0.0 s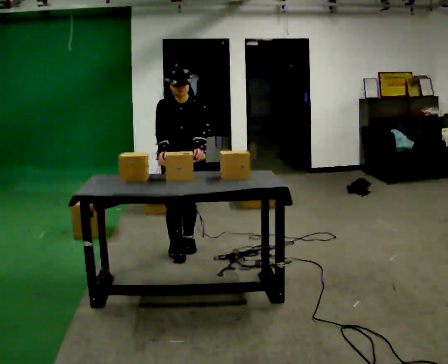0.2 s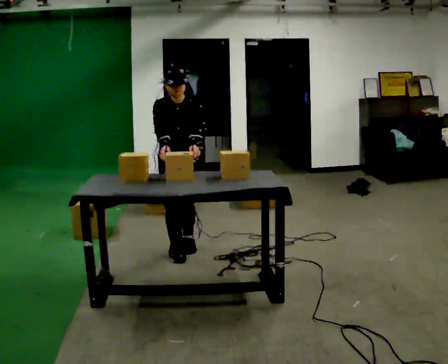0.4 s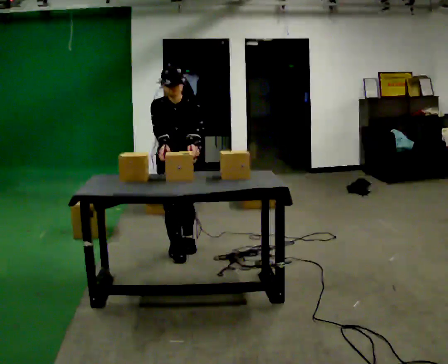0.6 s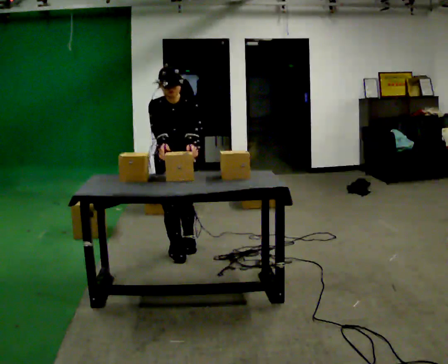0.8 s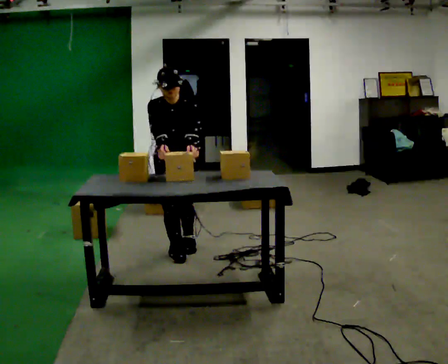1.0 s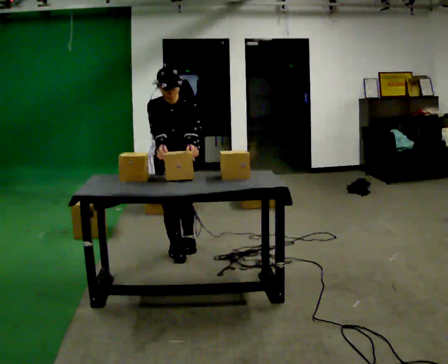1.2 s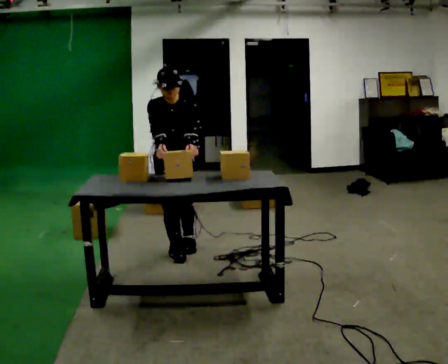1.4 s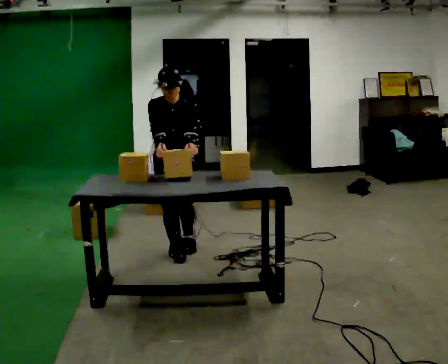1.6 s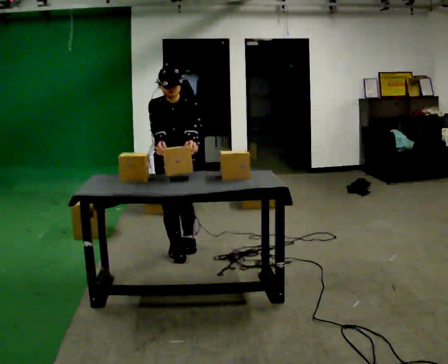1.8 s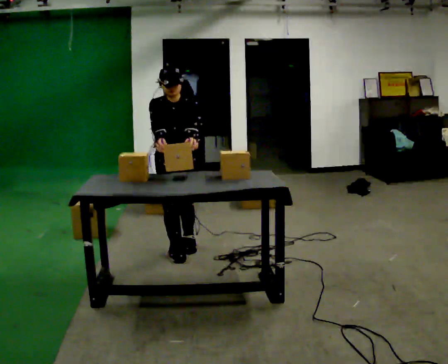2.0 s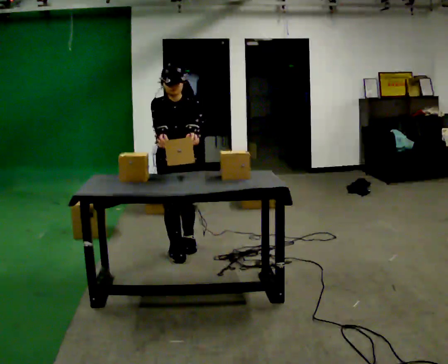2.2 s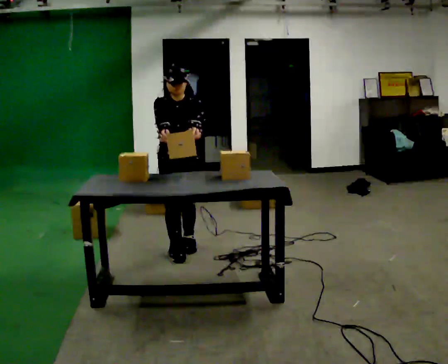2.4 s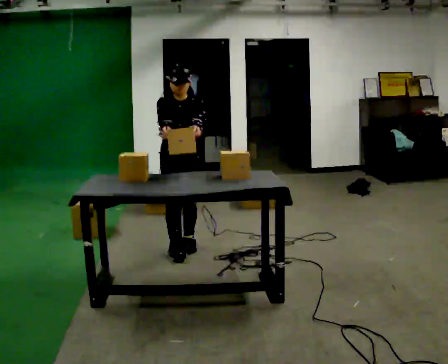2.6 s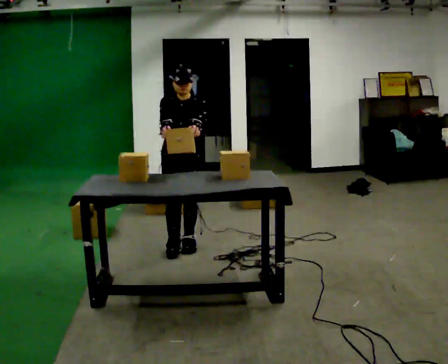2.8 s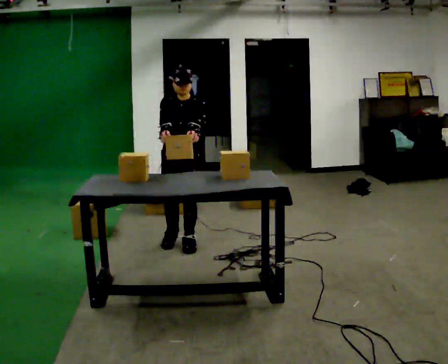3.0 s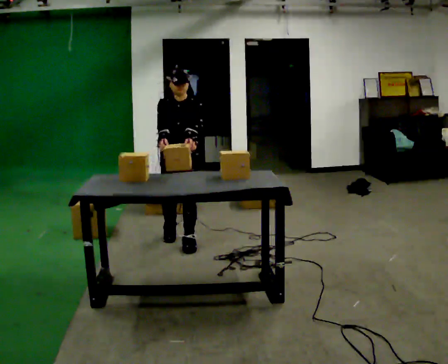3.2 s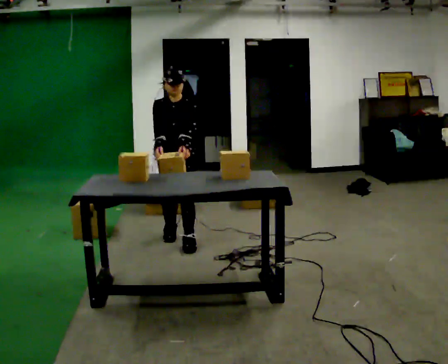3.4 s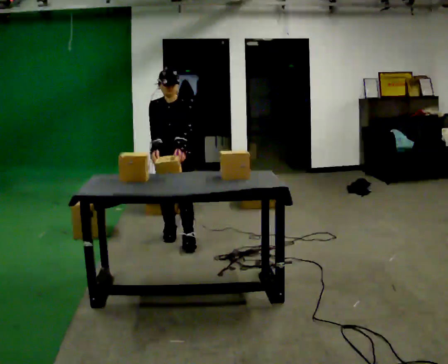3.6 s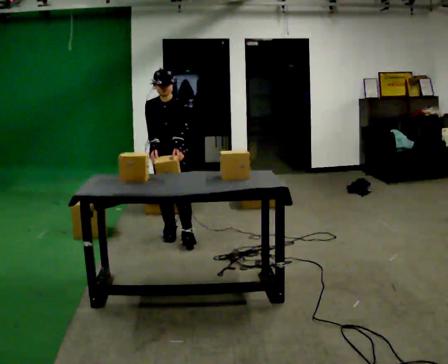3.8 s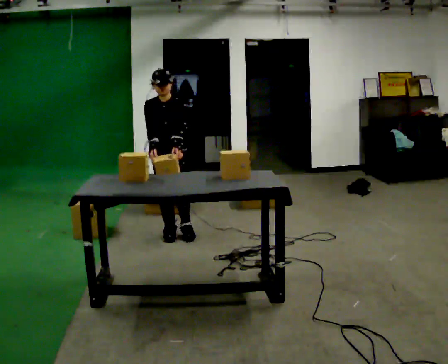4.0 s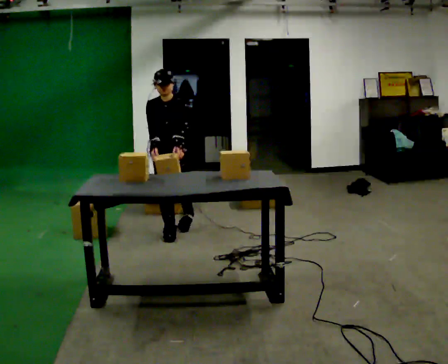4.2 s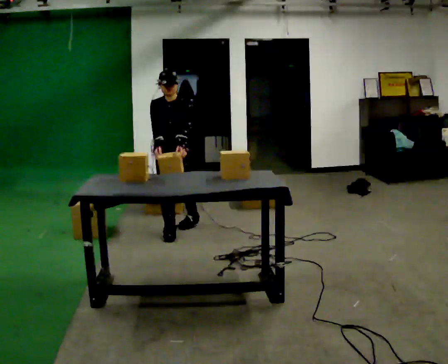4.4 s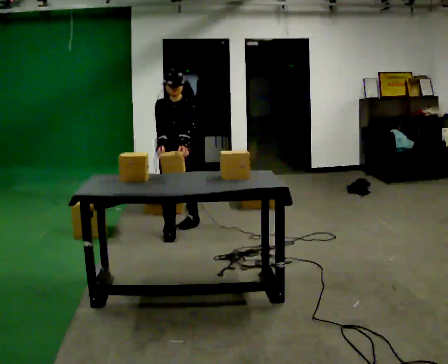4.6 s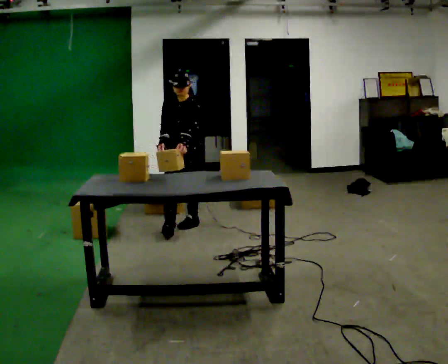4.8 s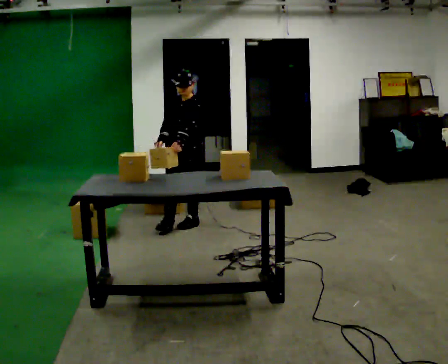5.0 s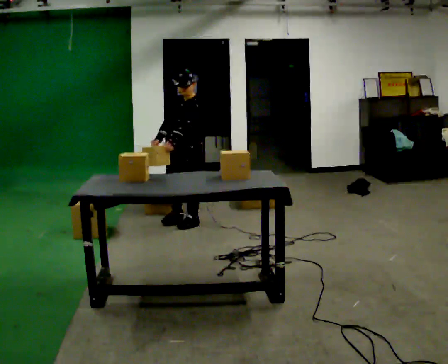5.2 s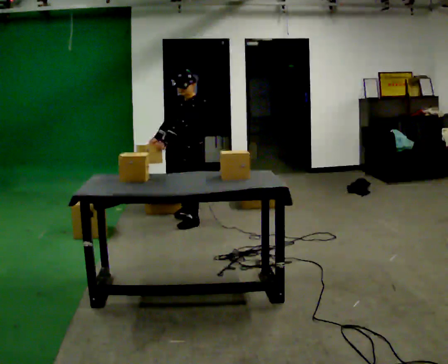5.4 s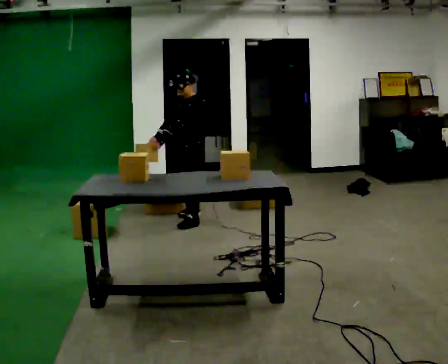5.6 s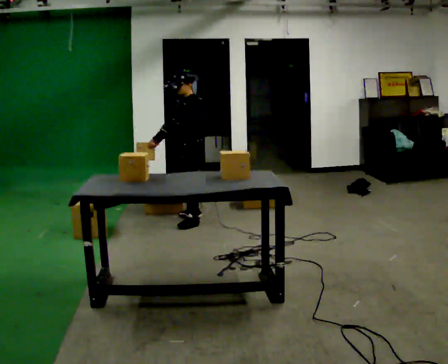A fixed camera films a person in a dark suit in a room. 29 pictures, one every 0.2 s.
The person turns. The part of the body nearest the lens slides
to the left.
The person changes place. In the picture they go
away from the camera.
0.0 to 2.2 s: The person moves a little, or ends about where they began.
2.2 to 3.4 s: In the picture they go away from the camera, about 0.25 m in 1 step, which for them is backward.
3.4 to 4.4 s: In the picture they go away from the camera, about 0.25 m in 1 step, which for them is backward.
4.4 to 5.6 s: The person turns about 75 degrees to their right, clockwise seen from above, so the part of the body nearest the lens slides to the left. In the picture they go away from the camera, about 0.25 m in 1 step.
The film runs backward here.
